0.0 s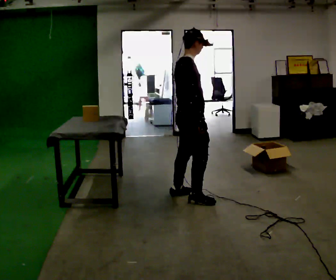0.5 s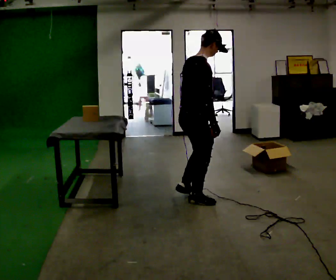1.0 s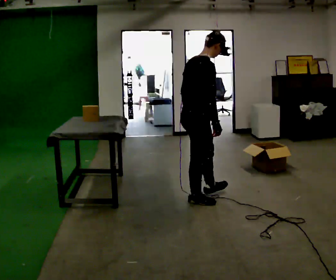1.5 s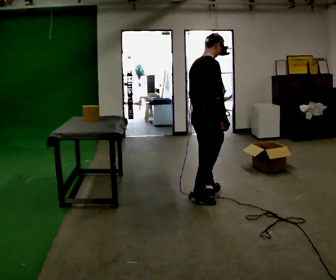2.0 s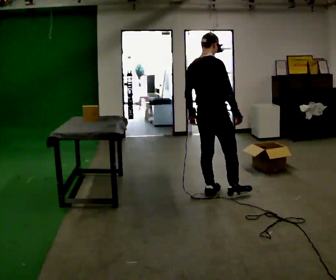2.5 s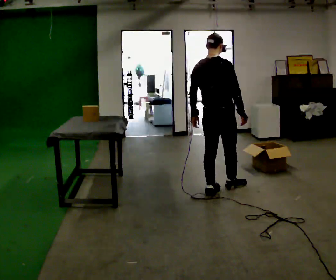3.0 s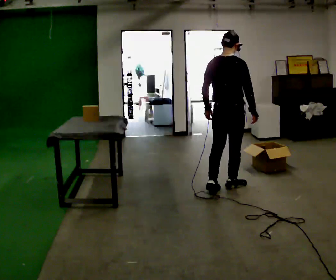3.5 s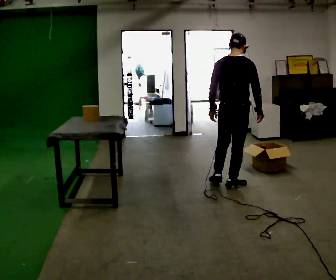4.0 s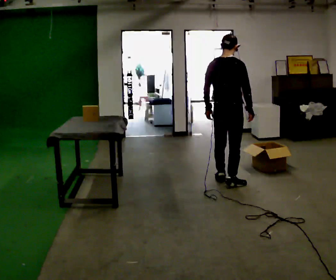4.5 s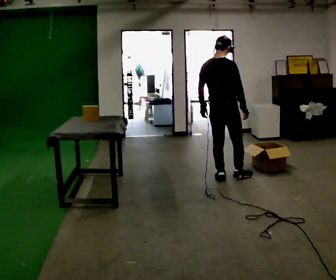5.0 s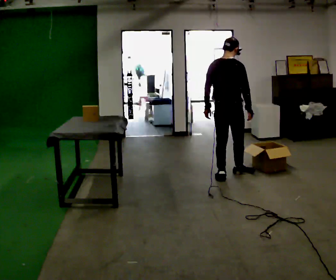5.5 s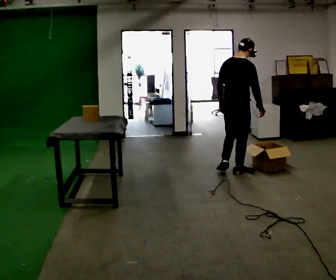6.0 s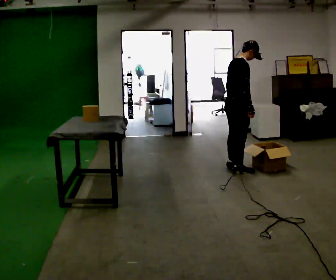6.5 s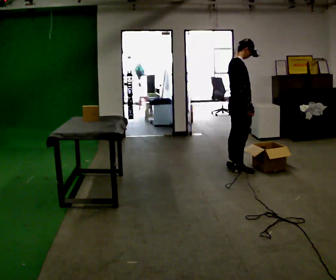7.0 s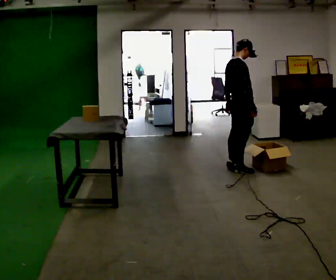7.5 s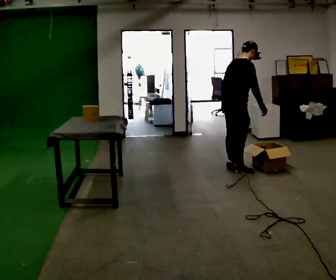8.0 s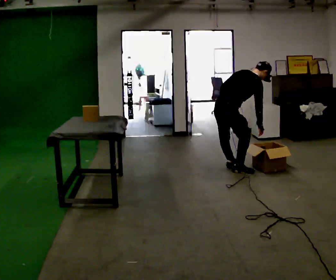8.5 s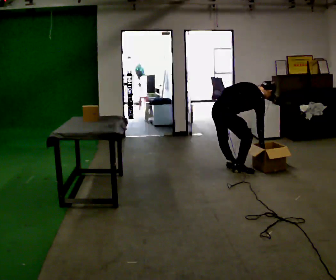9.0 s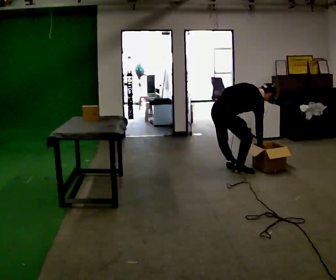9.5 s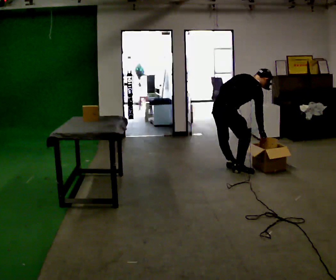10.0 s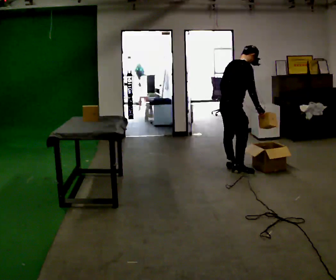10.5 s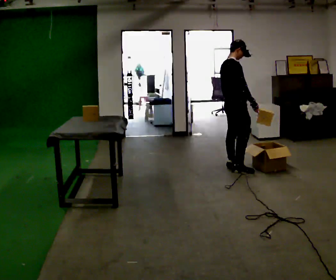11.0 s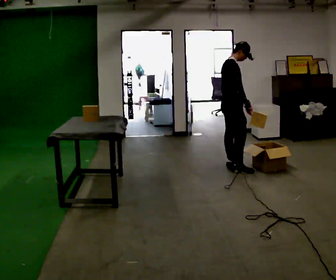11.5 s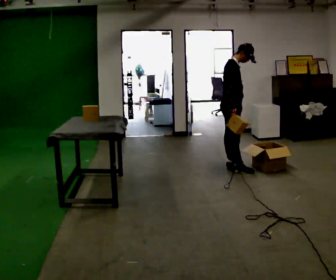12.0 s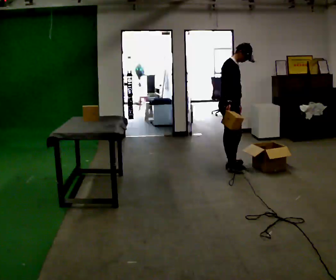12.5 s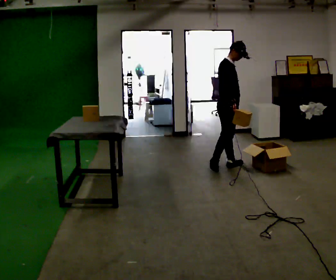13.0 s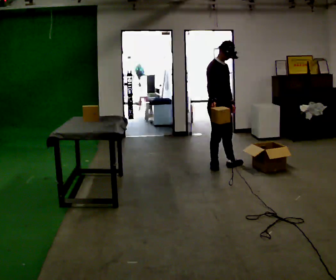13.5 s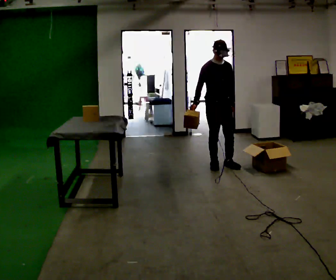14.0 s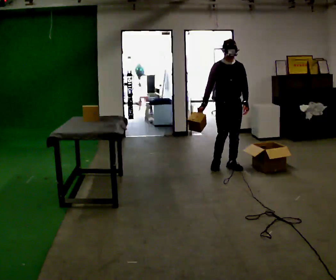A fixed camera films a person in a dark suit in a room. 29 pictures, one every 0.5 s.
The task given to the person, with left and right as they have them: Carry each object across the room and drop it into the container on the floor, then walk back for the next one. Keep going until the operator says stop; one object at a time, and do not rush between trips.
0.0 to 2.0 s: The part of the body nearest the lens slides to the right as the person turns to their left by about 45 degrees. In the picture they go to the right and away from the camera, about 0.25 m in 1 step, which for them is forward.
2.0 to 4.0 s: In the picture they go away from the camera, about 0.5 m in 2 steps, which for them is forward.
4.0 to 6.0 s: Seen from above the body turns clockwise, about 45 degrees: to their right, with its near side sliding to the left. In the picture they go away from the camera, about 0.5 m in 2 steps, which for them is forward.
6.0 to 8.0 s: The shoulders move downward.
8.0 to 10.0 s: The person moves a little, or ends about where they began.
10.0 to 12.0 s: Seen from above the body turns clockwise, about 30 degrees: to their right, with its near side sliding to the left. In the picture their right hand goes to the left.
12.0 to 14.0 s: The person turns about 75 degrees to their right, clockwise seen from above, so the part of the body nearest the lens slides to the left.
The film runs forward here.
